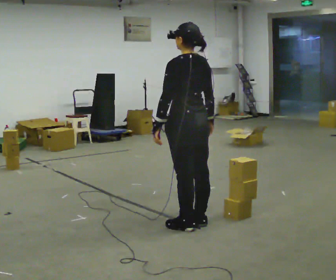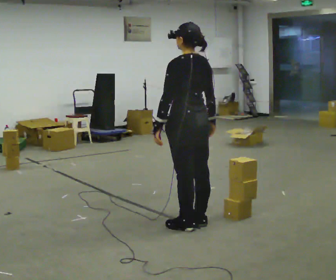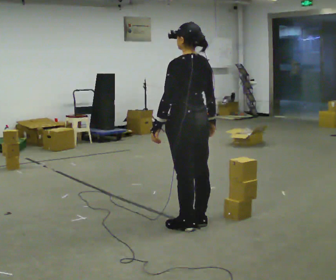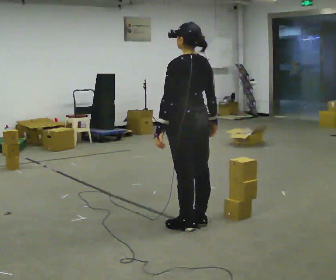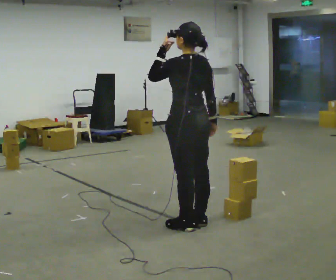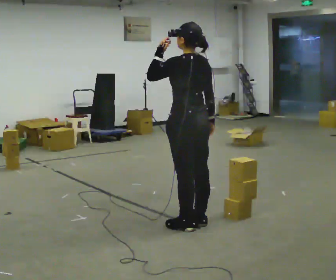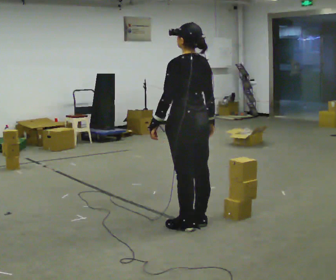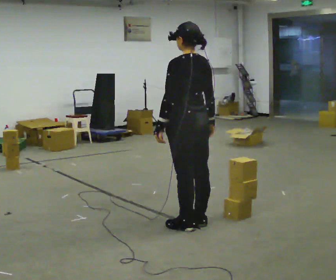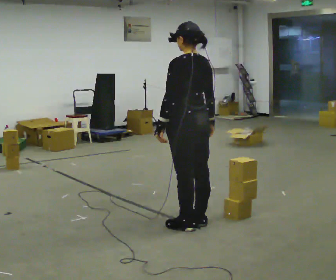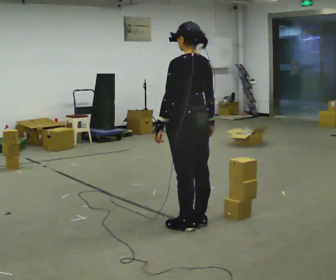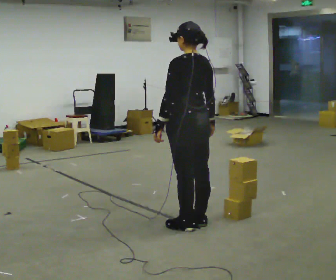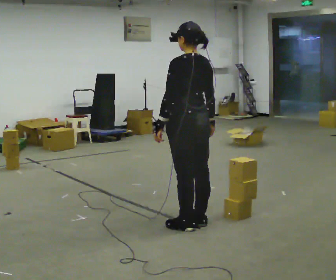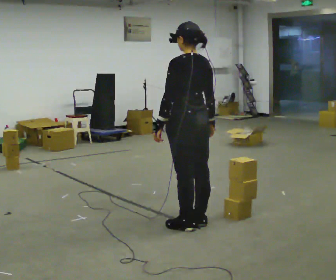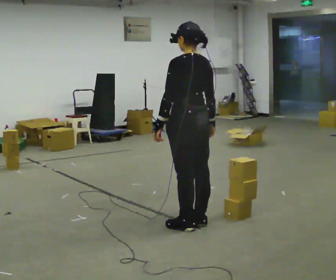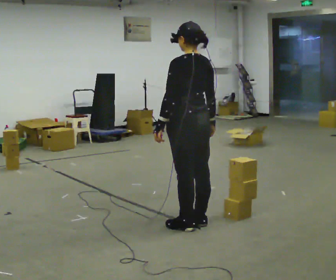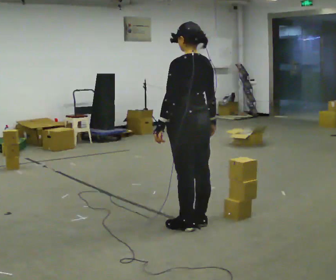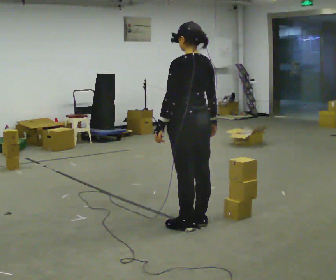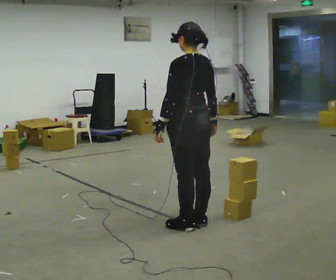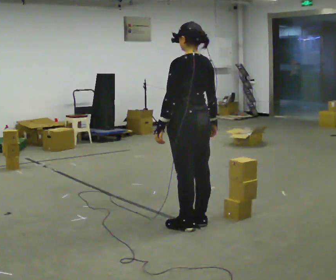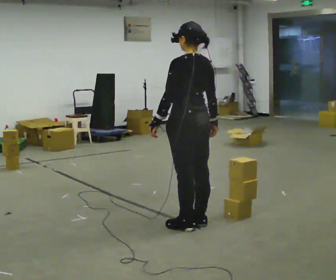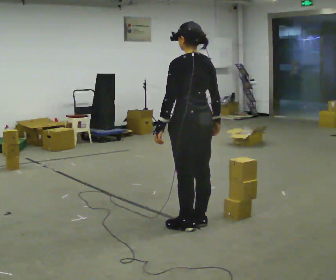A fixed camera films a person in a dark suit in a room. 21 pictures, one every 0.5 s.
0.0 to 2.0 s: In the picture their left hand goes upward.
2.0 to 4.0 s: In the picture their left hand goes downward.
4.0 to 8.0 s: The person keeps their place and pose.
8.0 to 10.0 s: The person moves a little, or ends about where they began.
The film runs backward here.
